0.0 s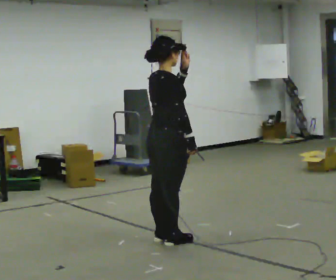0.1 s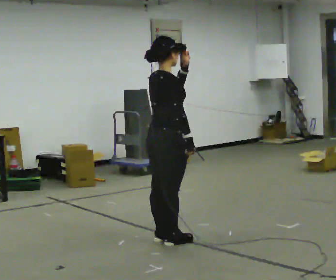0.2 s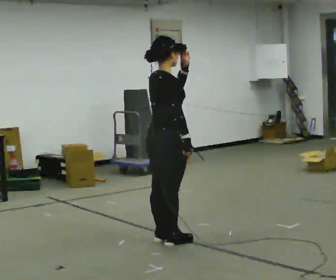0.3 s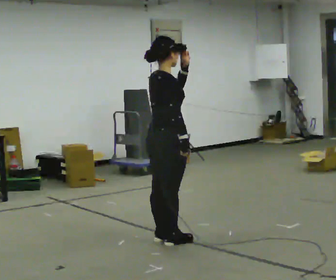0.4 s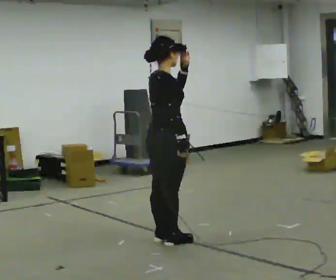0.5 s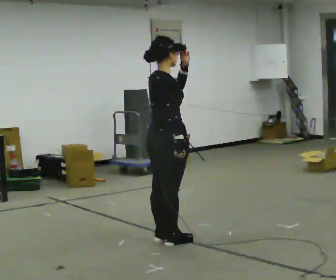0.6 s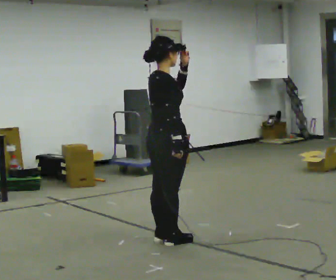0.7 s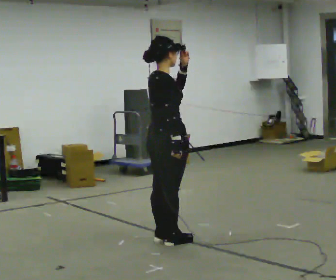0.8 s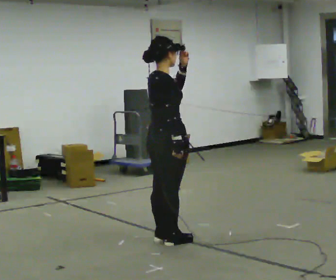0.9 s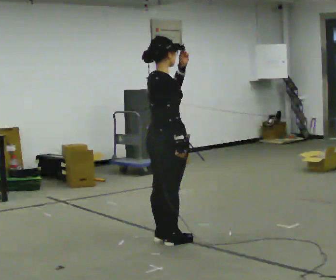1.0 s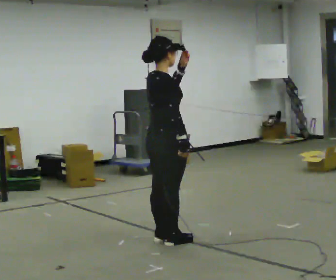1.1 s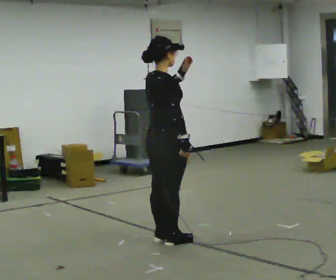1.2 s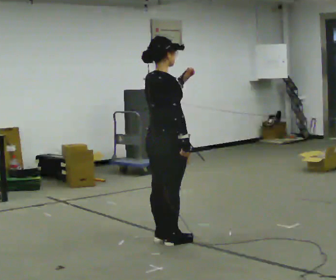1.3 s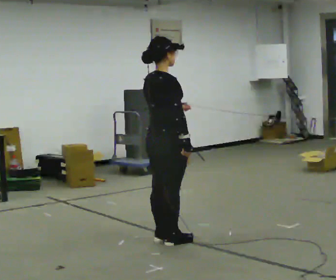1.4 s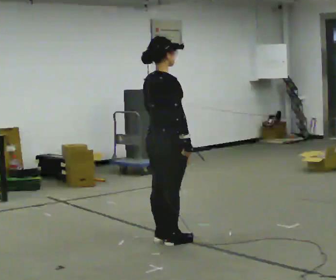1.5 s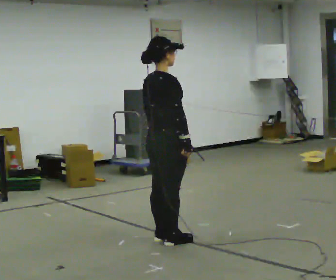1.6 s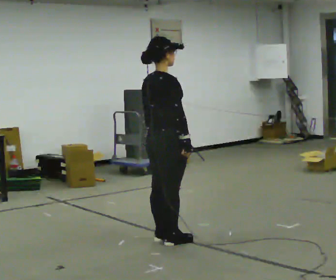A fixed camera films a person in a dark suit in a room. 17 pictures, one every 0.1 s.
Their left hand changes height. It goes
downward.
0.0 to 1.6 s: In the picture their left hand goes downward.
The film runs backward here.
